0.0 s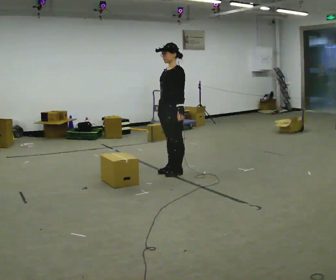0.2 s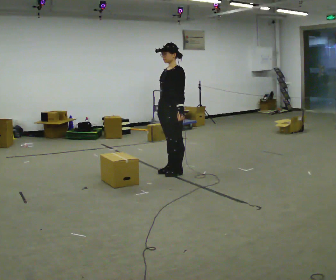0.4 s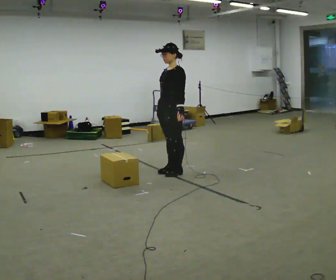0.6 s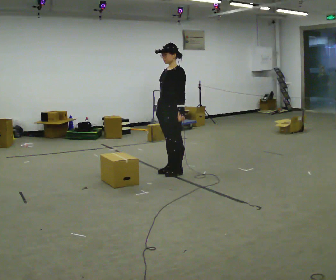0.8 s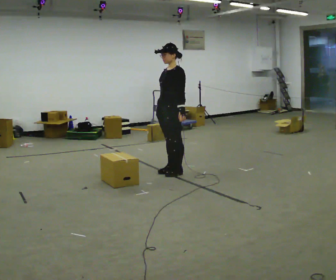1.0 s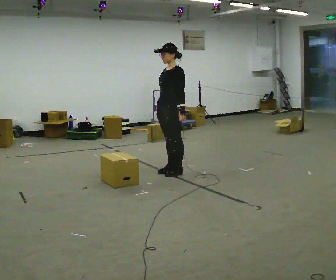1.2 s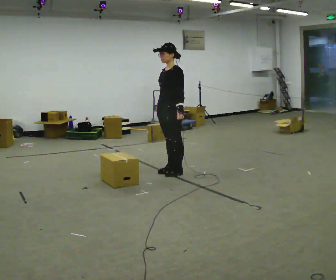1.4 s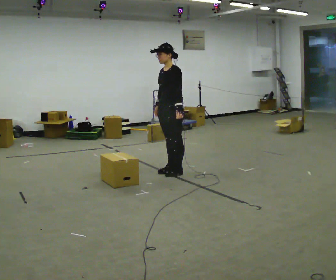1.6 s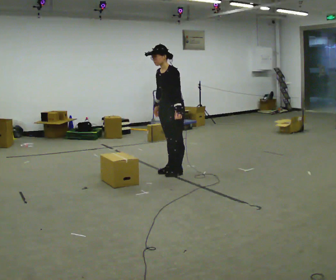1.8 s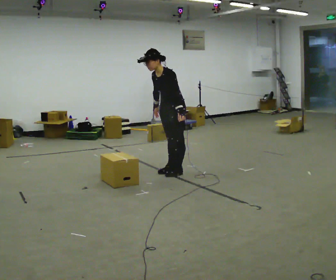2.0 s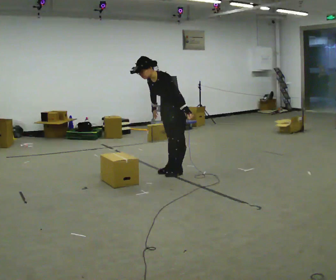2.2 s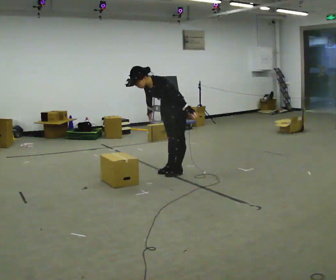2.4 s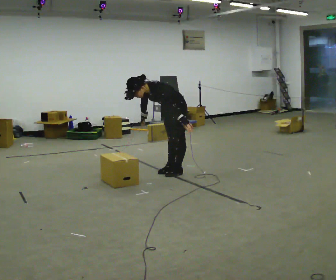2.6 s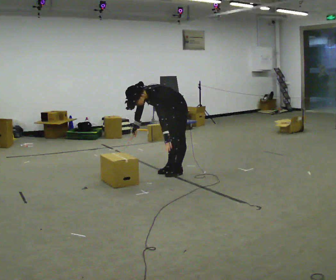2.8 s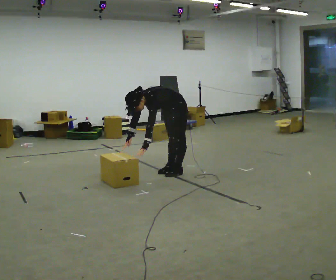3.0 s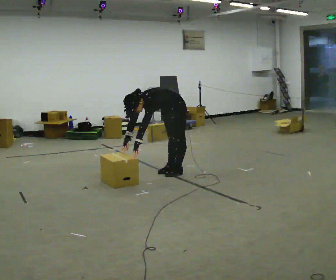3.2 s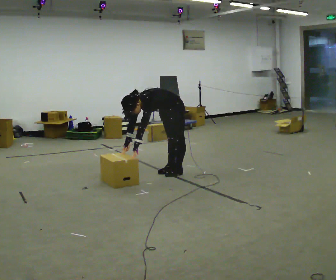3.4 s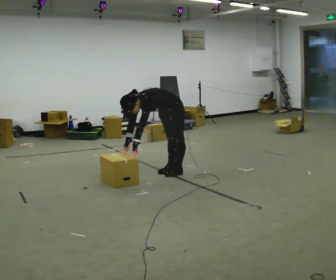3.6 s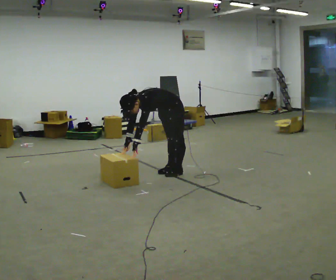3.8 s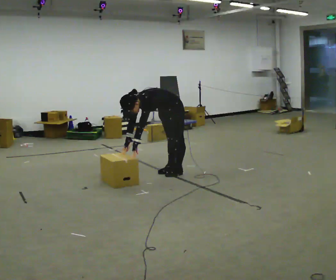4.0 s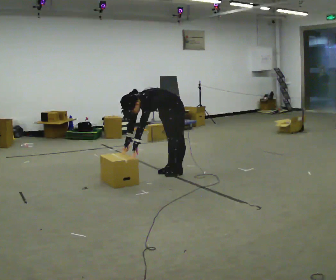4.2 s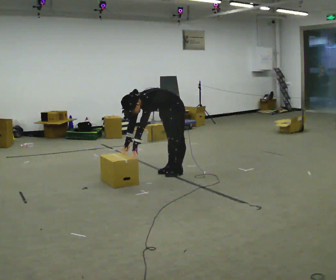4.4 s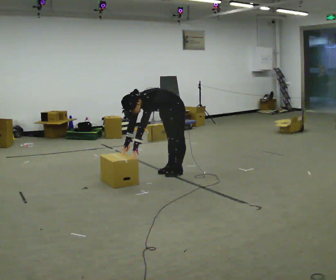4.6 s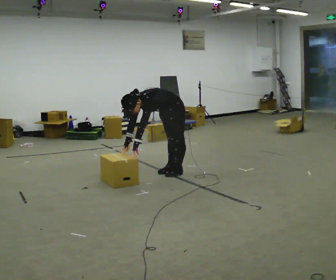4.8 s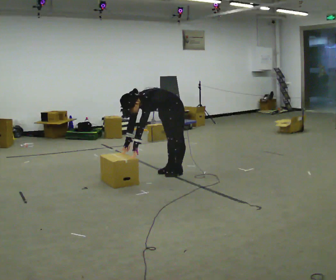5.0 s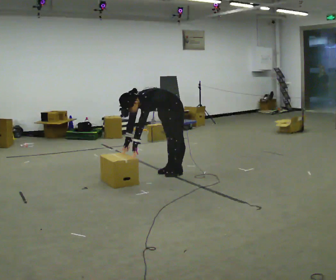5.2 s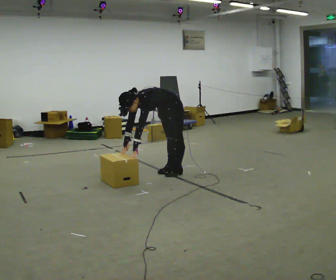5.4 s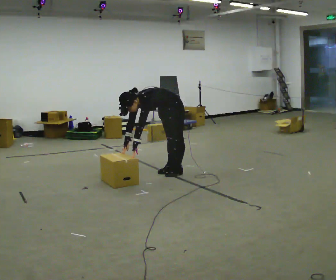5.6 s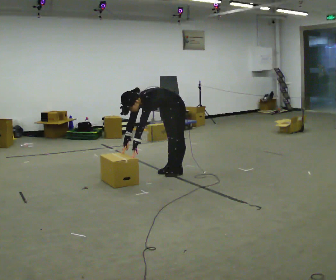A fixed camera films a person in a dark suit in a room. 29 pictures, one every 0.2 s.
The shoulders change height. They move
downward.
The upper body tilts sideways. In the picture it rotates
counterclockwise.
0.0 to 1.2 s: The person moves a little, or ends about where they began.
1.2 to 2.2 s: In the picture the upper body tilts counterclockwise, shoulders to the left, as they bend forward.
2.2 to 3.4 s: The upper body goes downward. In the picture the upper body tilts counterclockwise, shoulders to the left, as they bend forward. In the picture their left hand goes to the left and downward, the arm swinging clockwise.
3.4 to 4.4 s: The person keeps their place and pose.
4.4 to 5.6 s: The person moves a little, or ends about where they began.
The film runs backward here.
